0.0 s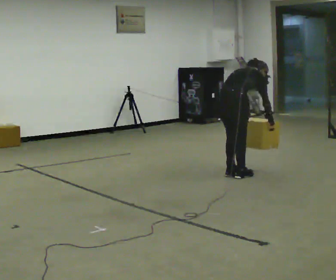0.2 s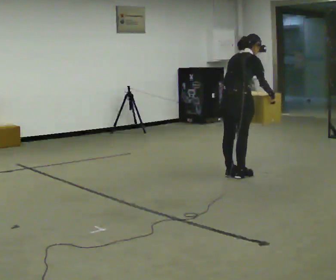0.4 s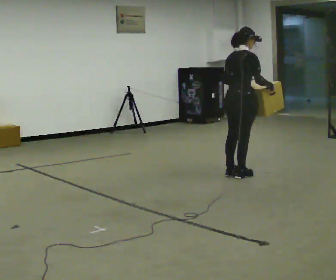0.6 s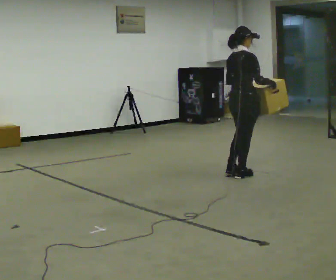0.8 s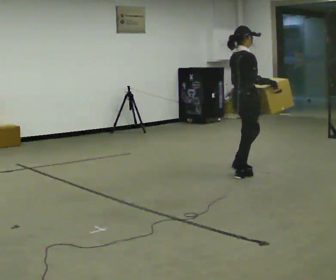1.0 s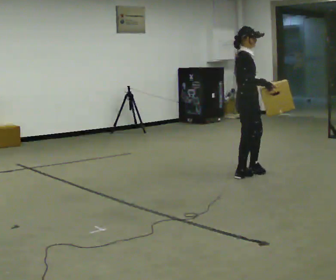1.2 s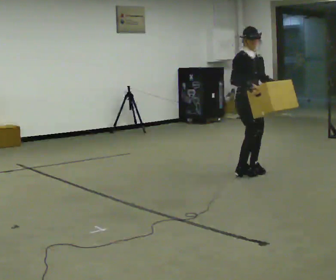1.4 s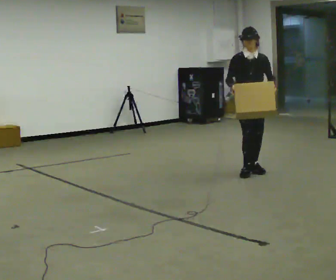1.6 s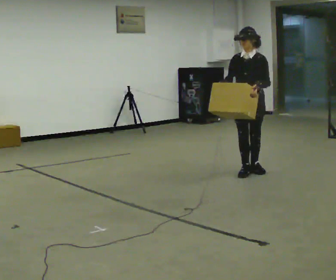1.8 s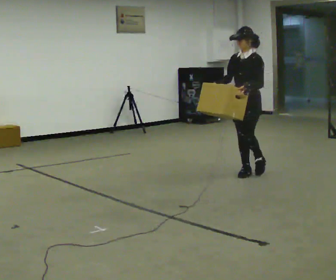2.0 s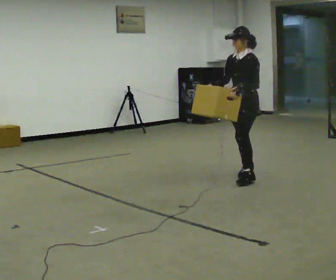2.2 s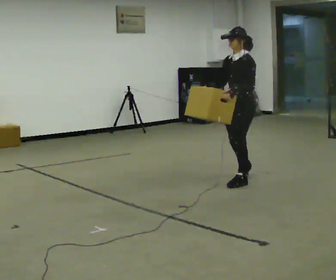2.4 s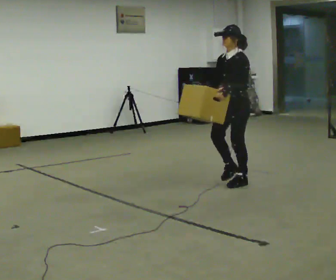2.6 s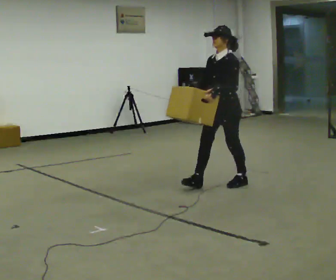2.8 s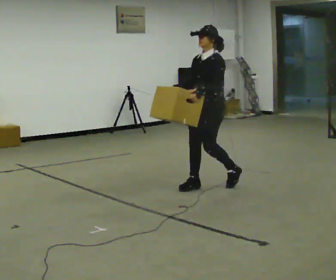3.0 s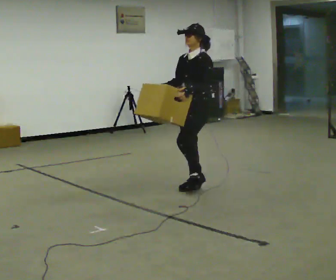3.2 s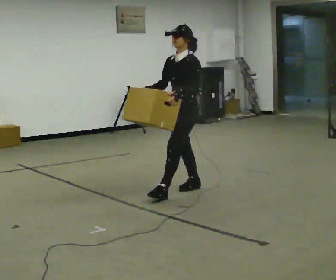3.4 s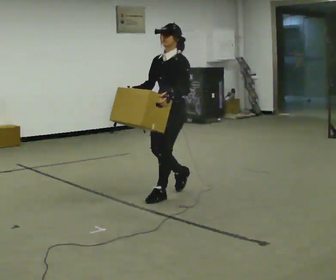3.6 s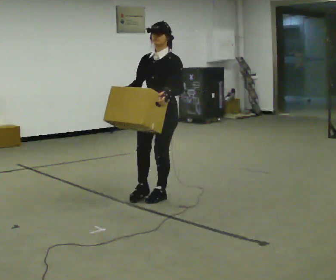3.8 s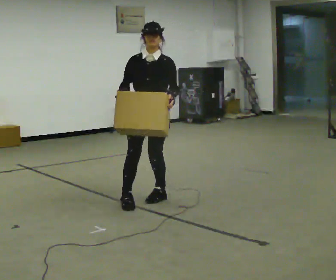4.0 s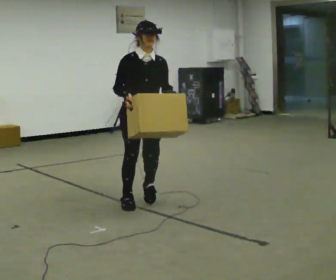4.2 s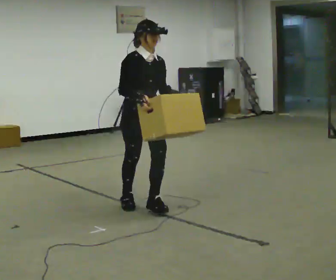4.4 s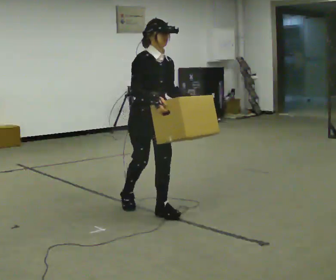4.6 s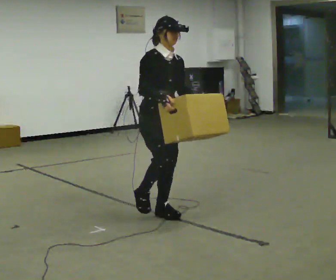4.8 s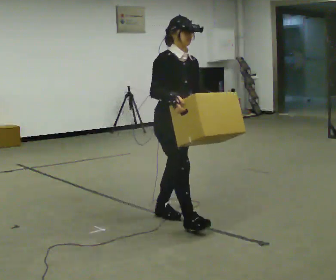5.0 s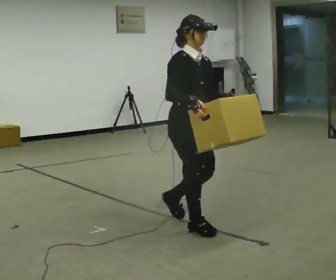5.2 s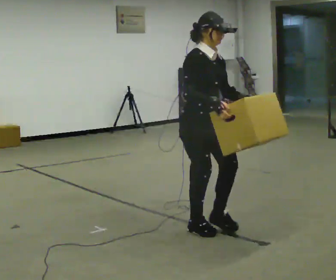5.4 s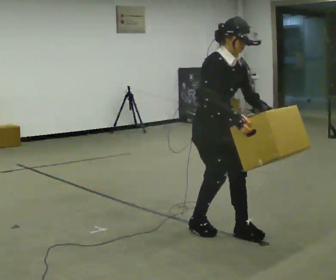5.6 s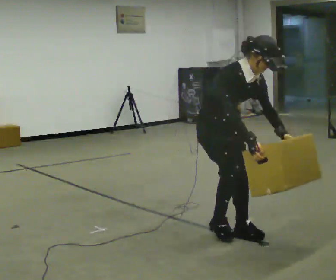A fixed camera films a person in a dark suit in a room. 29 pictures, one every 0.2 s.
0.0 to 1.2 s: The part of the body nearest the lens slides to the left as the person turns to their right by about 90 degrees. In the picture they go away from the camera and to the right, about 0.25 m in 1 step. The upper body goes upward. The upper body tips toward the camera, its near side rolling downward, as they lean back or straighten. In the picture their left hand goes upward.
1.2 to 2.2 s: The person turns about 105 degrees to their right, clockwise seen from above, so the part of the body nearest the lens slides to the left. In the picture they go toward the camera, about 0.5 m in 2 steps.
2.2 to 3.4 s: In the picture they go to the left and toward the camera, about 1 m in 2 steps, which for them is forward.
3.4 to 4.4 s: The person turns about 90 degrees to their left, counterclockwise seen from above, so the part of the body nearest the lens slides to the right. In the picture they go toward the camera, about 0.5 m in 2 steps.
4.4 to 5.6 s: In the picture they go to the right and toward the camera, about 0.5 m in 2 steps, which for them is forward. In the picture the upper body tilts clockwise, shoulders to the right, as they bend forward.
The film runs forward here.
